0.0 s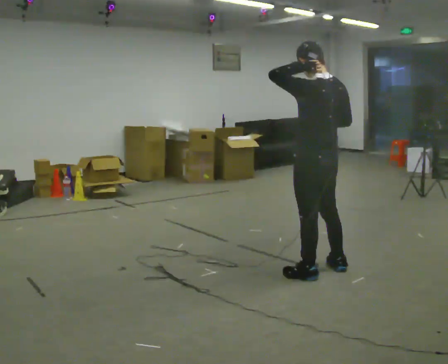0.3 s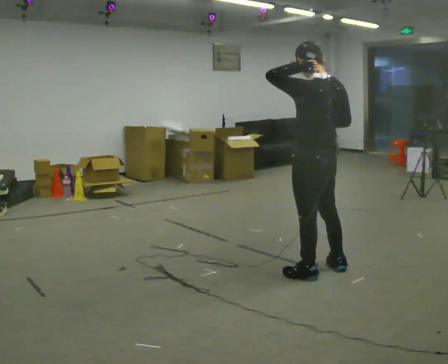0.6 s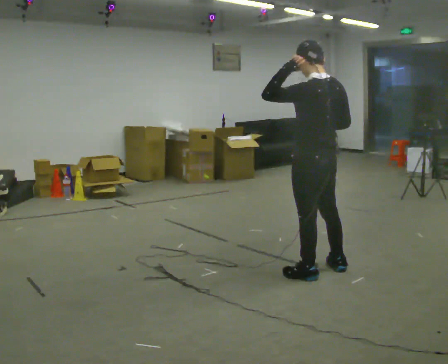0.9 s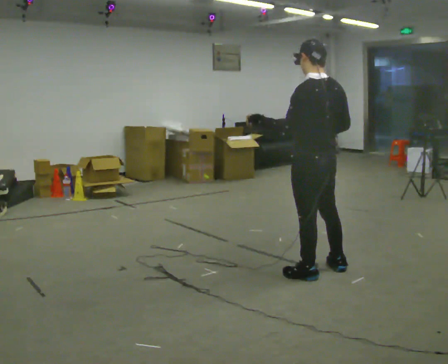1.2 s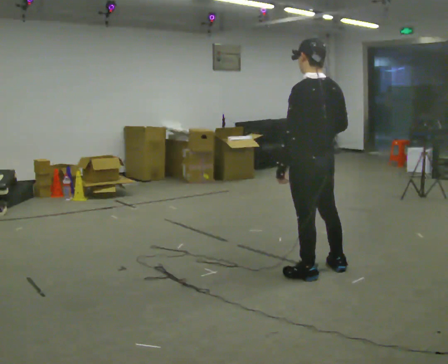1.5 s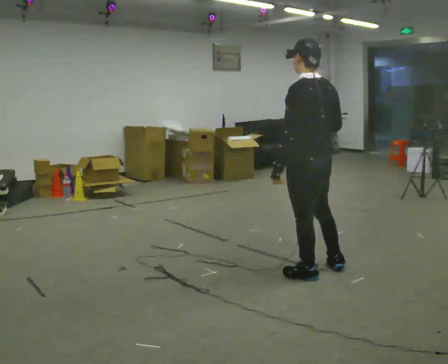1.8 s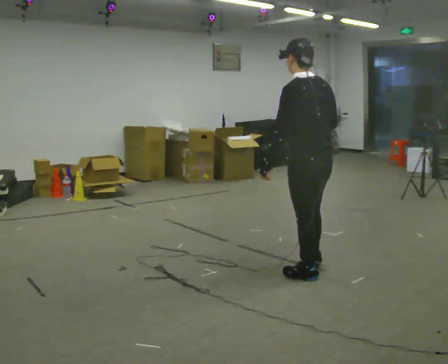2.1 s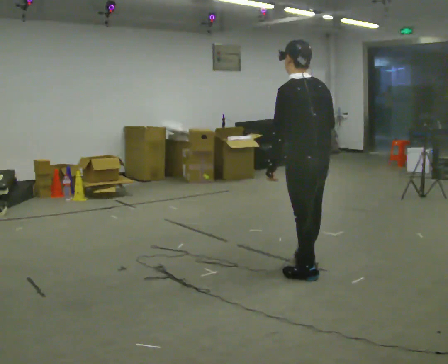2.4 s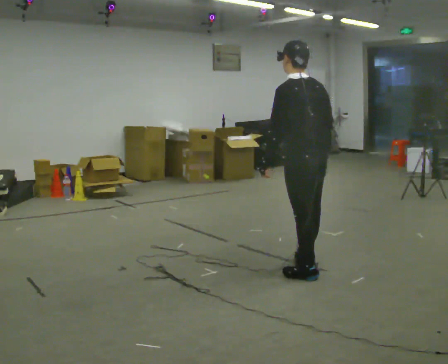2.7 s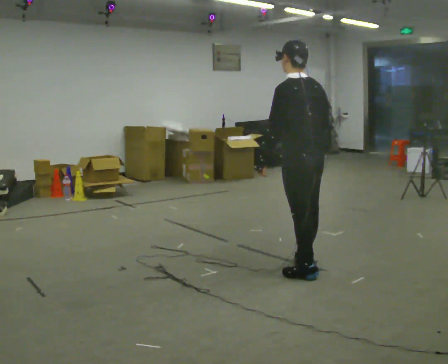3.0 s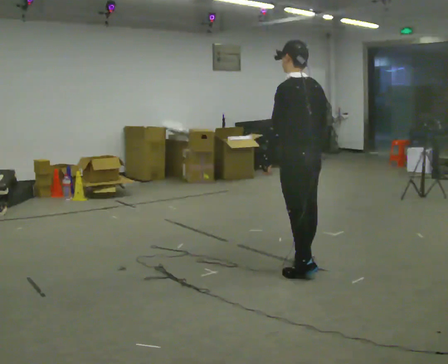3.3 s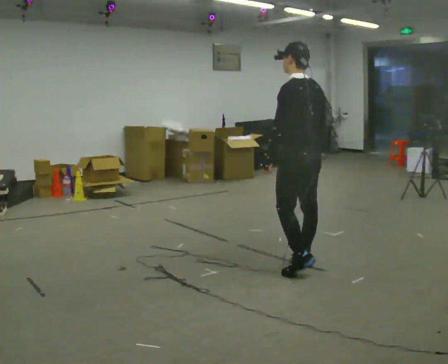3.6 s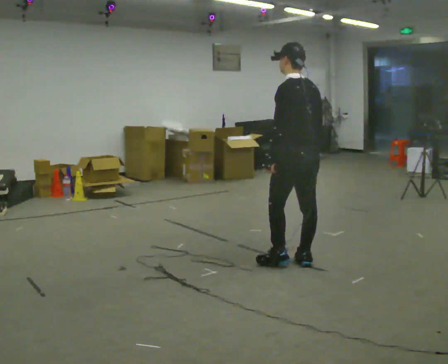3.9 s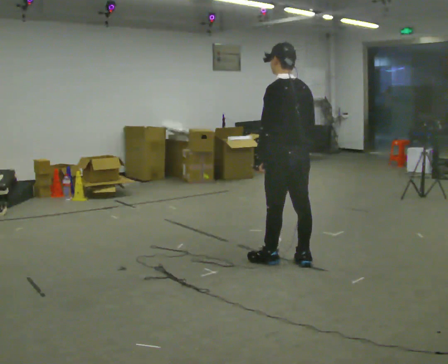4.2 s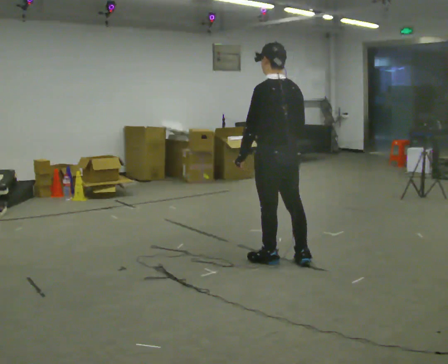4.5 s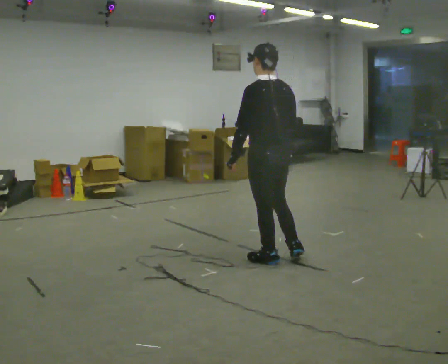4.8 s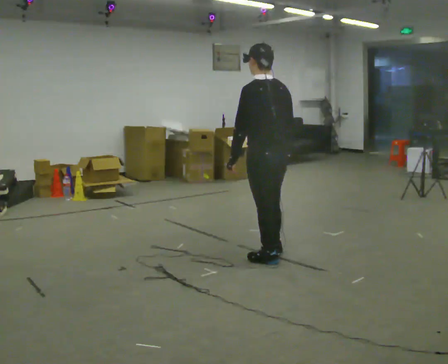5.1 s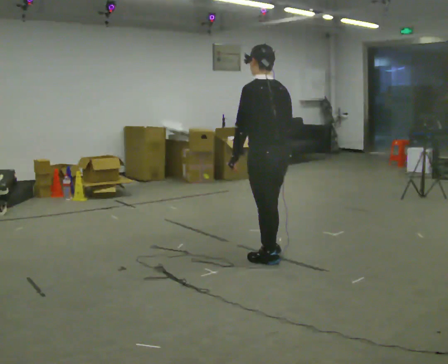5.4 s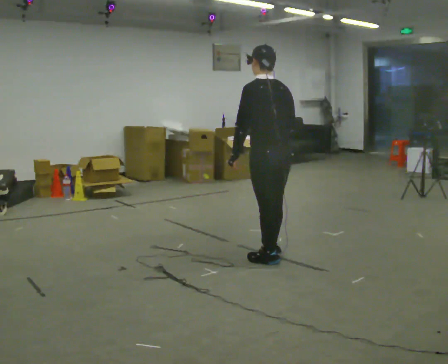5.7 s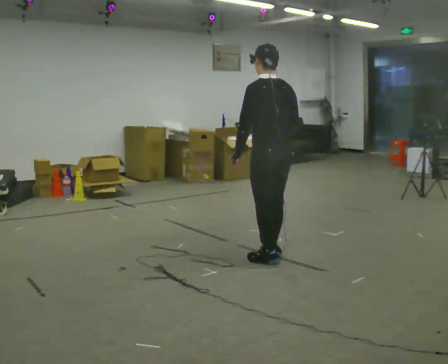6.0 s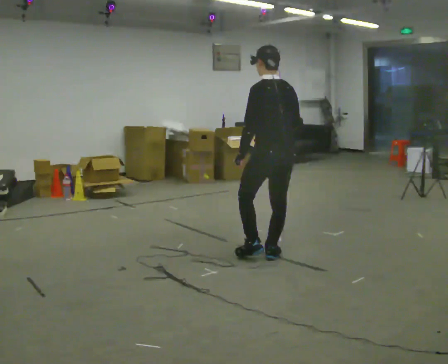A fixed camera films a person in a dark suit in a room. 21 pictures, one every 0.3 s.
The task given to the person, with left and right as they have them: Carry the open container of water across the room without spilling it, back and forth.
0.0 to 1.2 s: In the picture their left hand goes downward.
1.2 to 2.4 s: The person moves a little, or ends about where they began.
2.4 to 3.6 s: In the picture they go away from the camera, about 0.25 m, which for them is forward.
3.6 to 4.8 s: In the picture they go to the left, about 0.25 m in 2 steps, which for them is forward and to their left.
4.8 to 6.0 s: The person moves a little, or ends about where they began.
The film runs forward here.
